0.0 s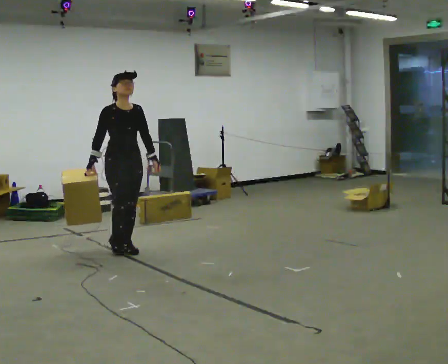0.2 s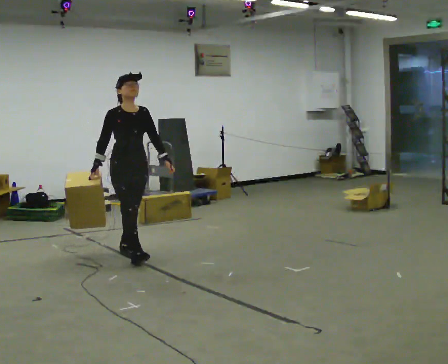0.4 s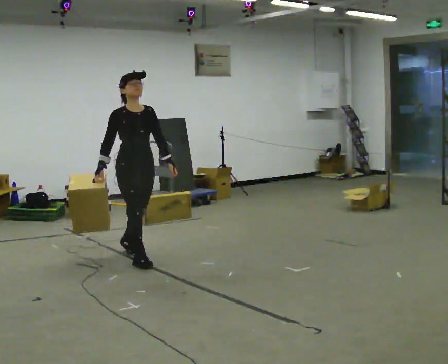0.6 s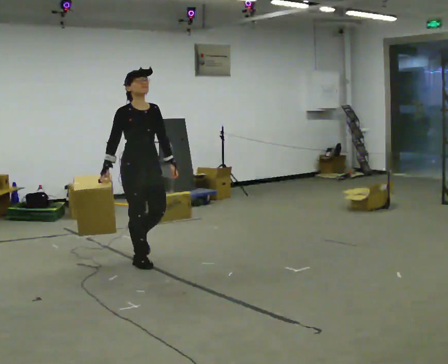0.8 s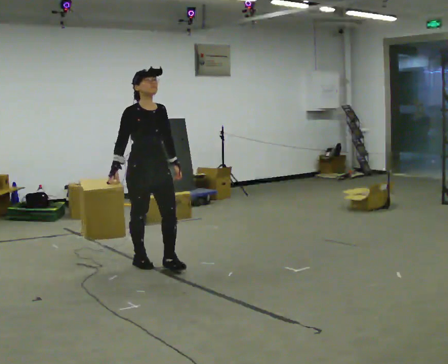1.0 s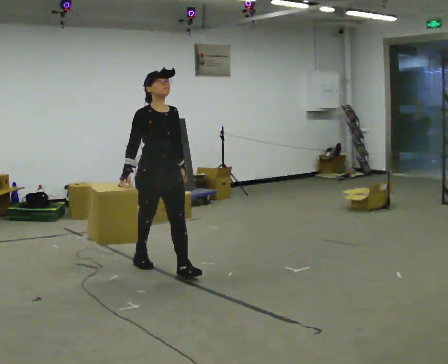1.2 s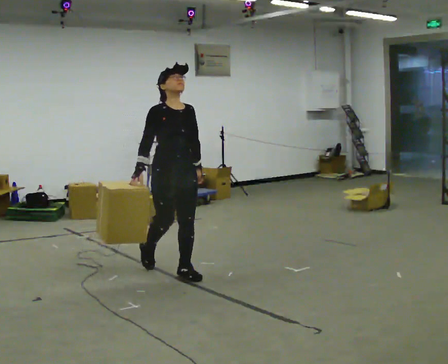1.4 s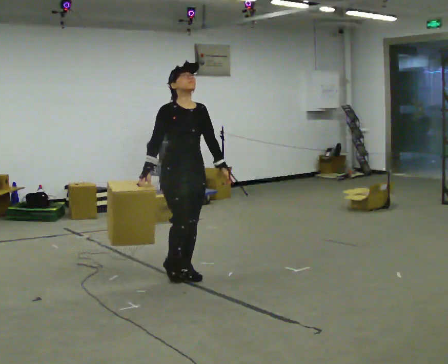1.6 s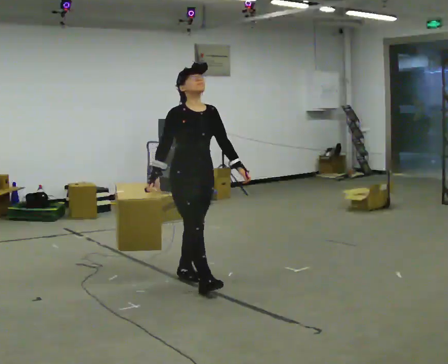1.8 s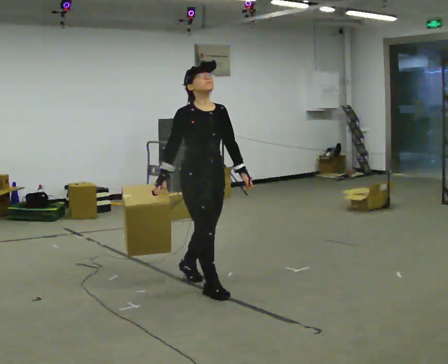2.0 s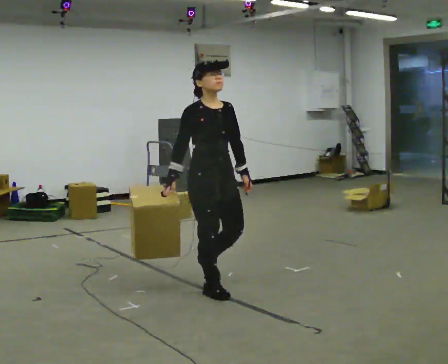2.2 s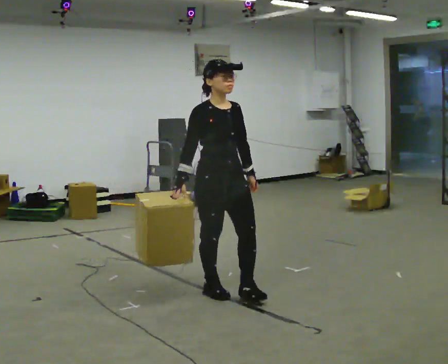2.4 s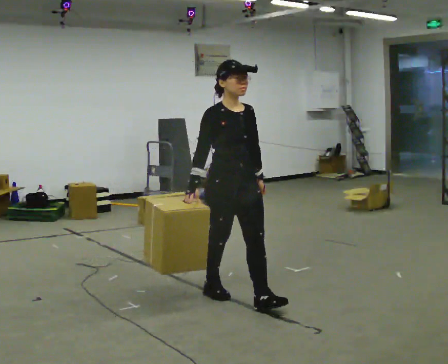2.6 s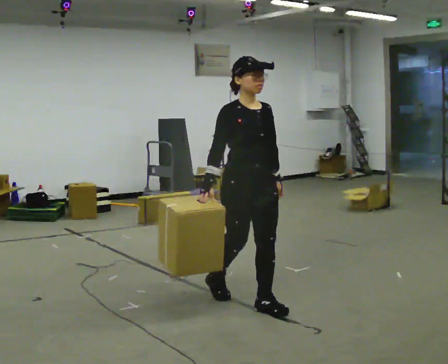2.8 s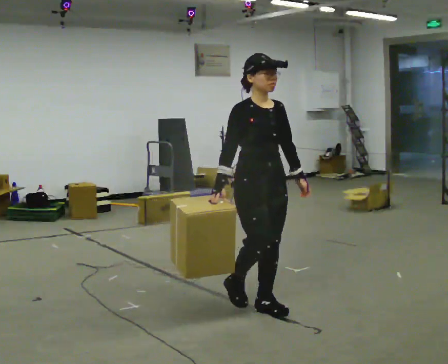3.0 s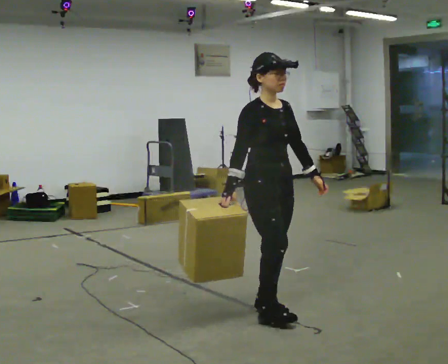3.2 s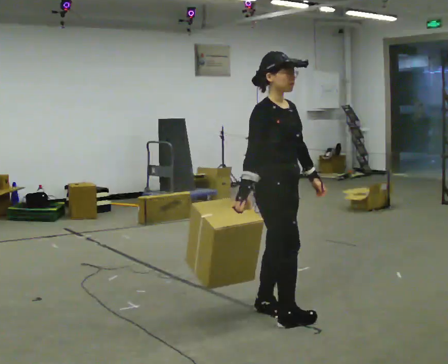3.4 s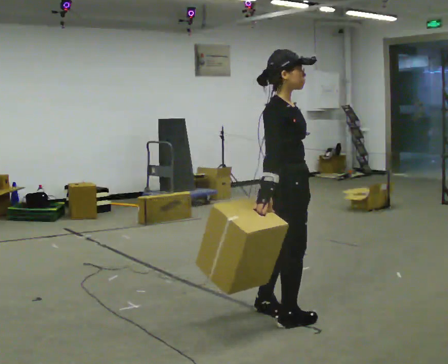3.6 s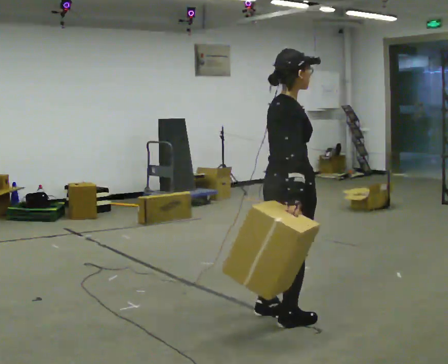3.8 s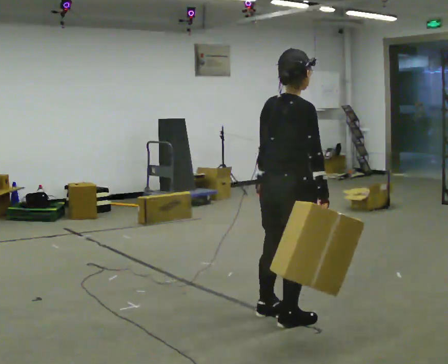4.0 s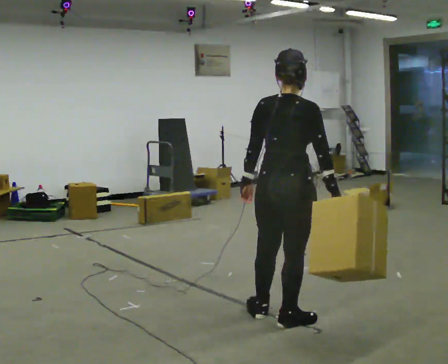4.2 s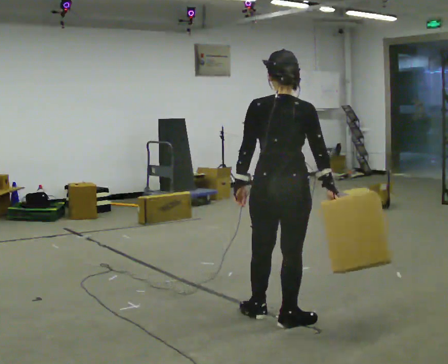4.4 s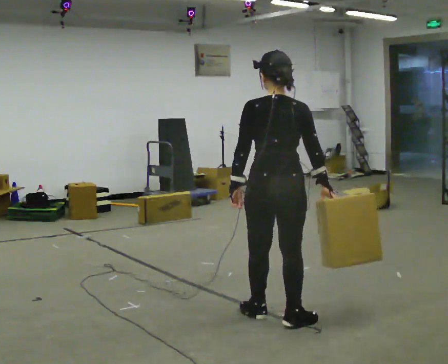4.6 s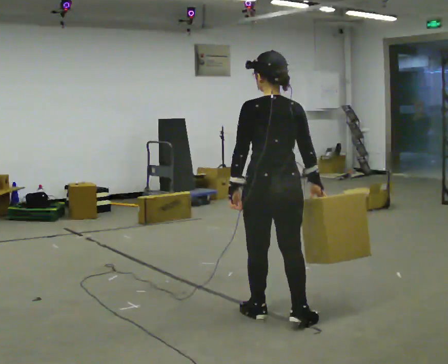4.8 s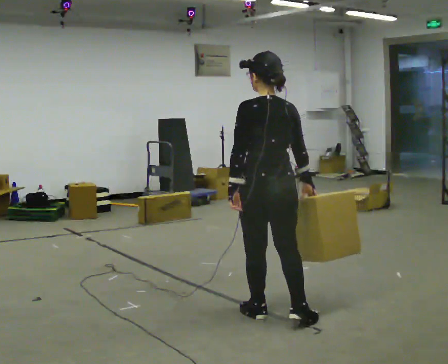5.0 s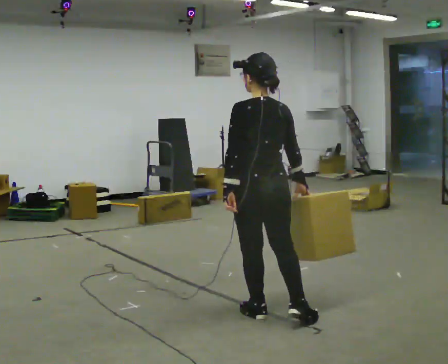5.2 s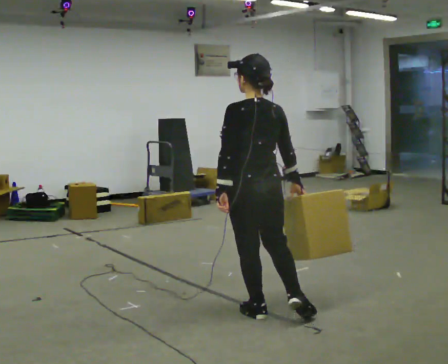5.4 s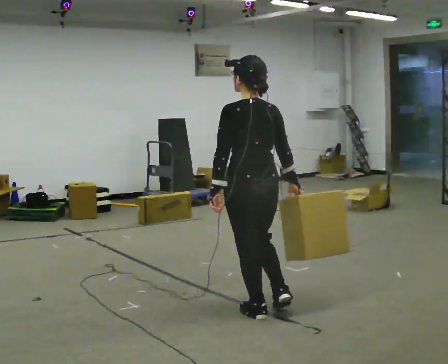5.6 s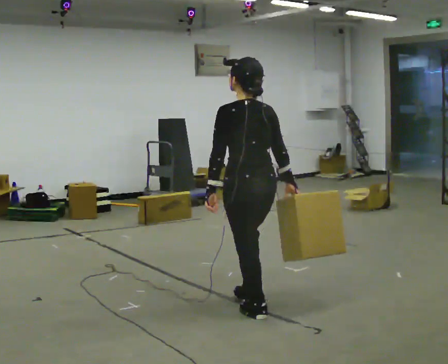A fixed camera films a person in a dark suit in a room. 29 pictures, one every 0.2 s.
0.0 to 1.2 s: In the picture they go to the right and toward the camera, about 1 m in 2 steps, which for them is forward.
1.2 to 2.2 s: In the picture they go toward the camera and to the right, about 0.75 m in 1 step, which for them is forward.
2.2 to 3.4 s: The person turns about 45 degrees to their left, counterclockwise seen from above, so the part of the body nearest the lens slides to the right. In the picture they go to the right and toward the camera, about 0.5 m in 2 steps, which for them is forward.
3.4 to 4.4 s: The part of the body nearest the lens slides to the right as the person turns to their left by about 105 degrees.
4.4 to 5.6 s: The person turns about 30 degrees to their left, counterclockwise seen from above, so the part of the body nearest the lens slides to the right. In the picture they go to the left, about 0.25 m, which for them is forward.
The film runs forward here.
